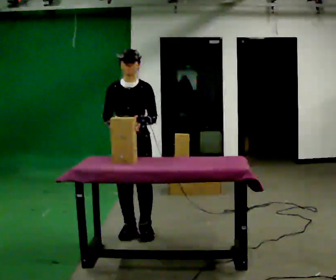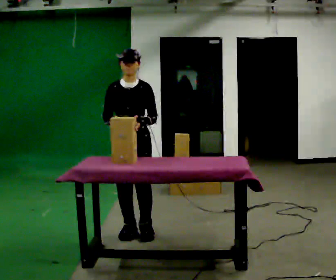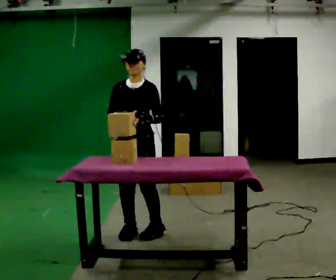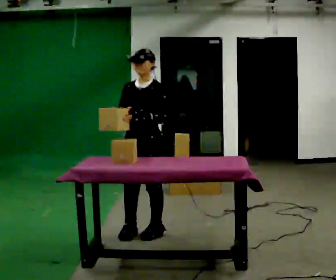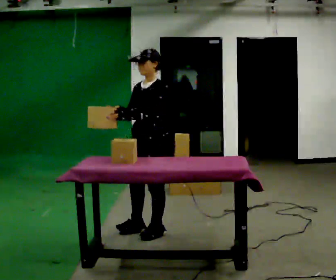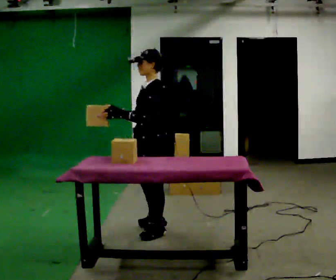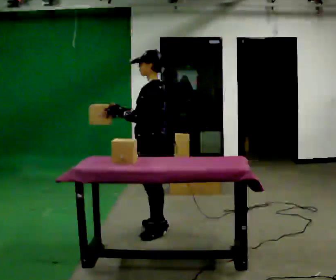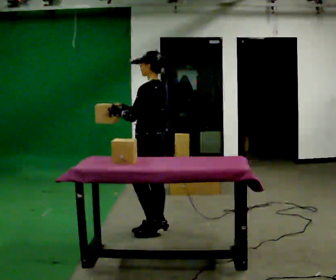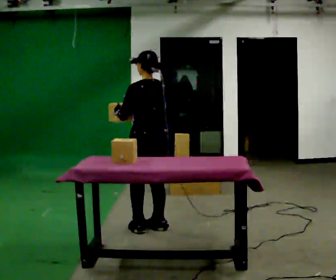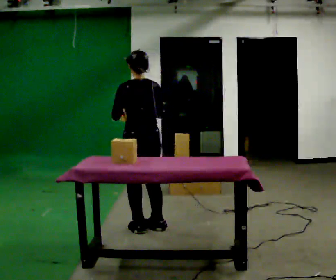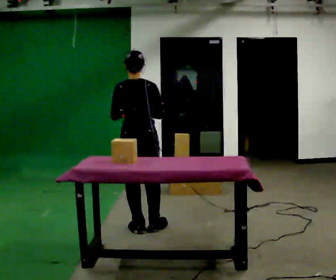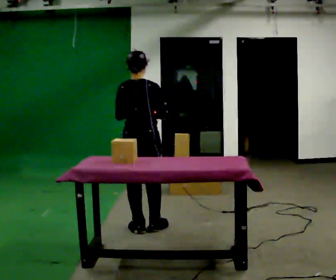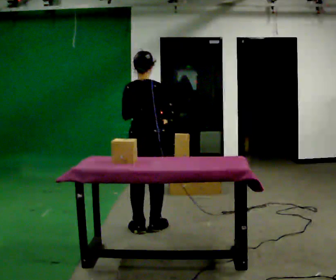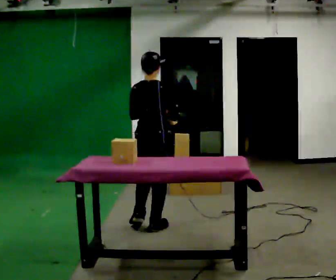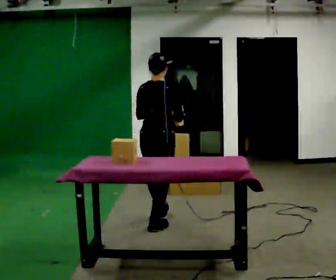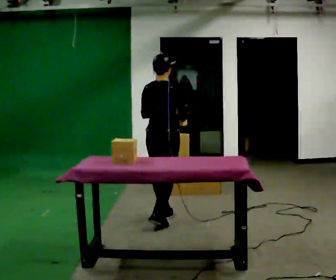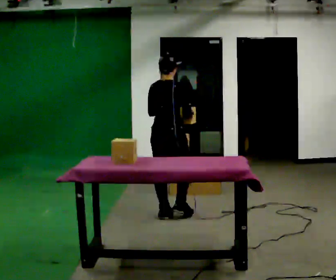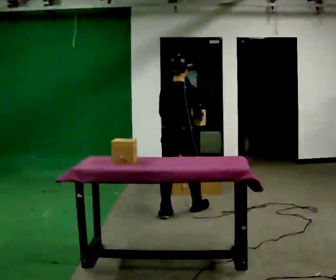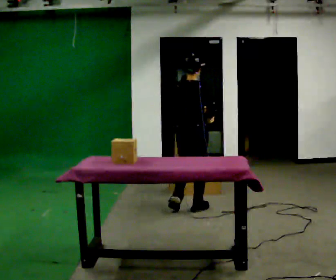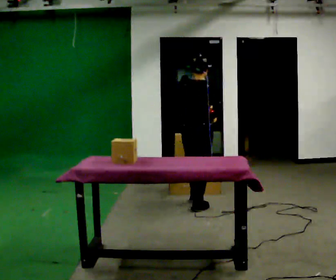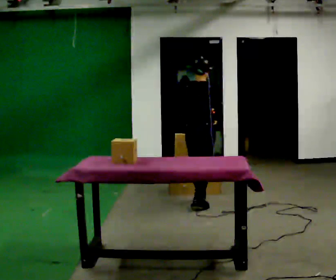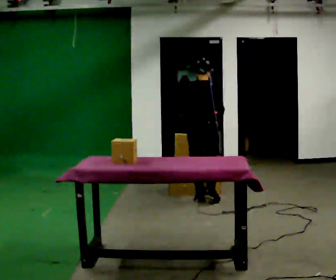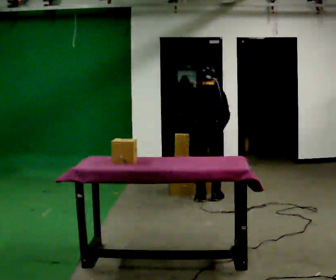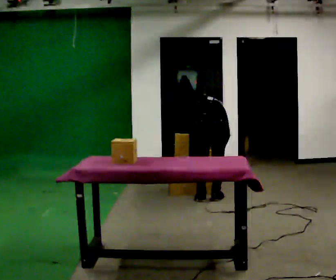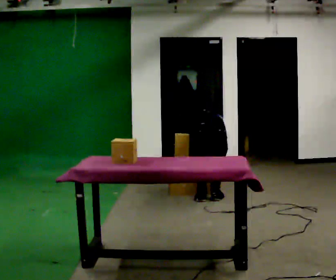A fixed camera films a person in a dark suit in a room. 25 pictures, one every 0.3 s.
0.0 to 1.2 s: The person turns about 60 degrees to their right, clockwise seen from above, so the part of the body nearest the lens slides to the left. In the picture they go to the right, about 0.25 m, which for them is to their left.
1.2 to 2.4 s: The part of the body nearest the lens slides to the left as the person turns to their right by about 90 degrees. In the picture they go away from the camera, about 0.25 m in 2 steps.
2.4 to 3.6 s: The person turns about 45 degrees to their right, clockwise seen from above, so the part of the body nearest the lens slides to the left.
3.6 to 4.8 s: In the picture they go away from the camera and to the right, about 0.5 m in 1 step, which for them is forward.
4.8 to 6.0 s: In the picture they go away from the camera and to the right, about 0.5 m in 2 steps, which for them is forward.
6.0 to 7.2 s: The shoulders move downward. The upper body tips away from the camera, its near side rolling upward, as they bend forward. In the picture their left hand goes downward.
The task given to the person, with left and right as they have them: Carry the object across the room, open the lid of the container, put the object inside, and close the lid again. Then go back for the next one. Keep going until the operator says stop; one object at a time, and do not rush between trips.
The film runs forward here.
